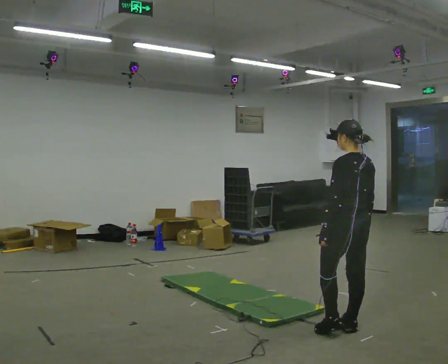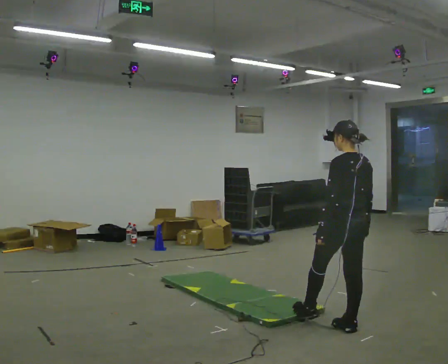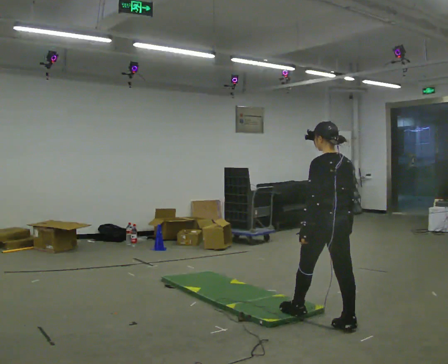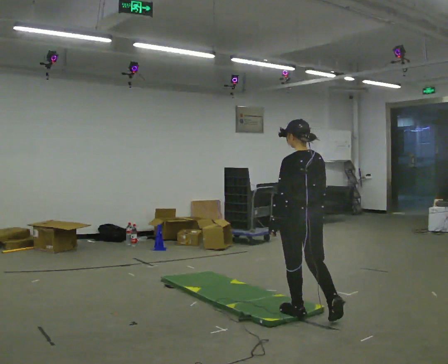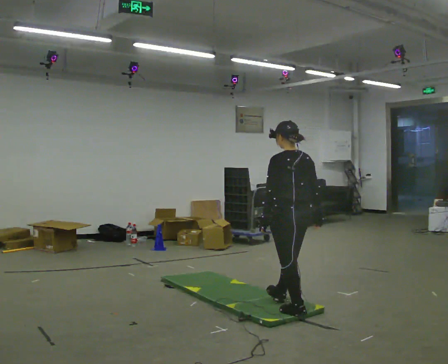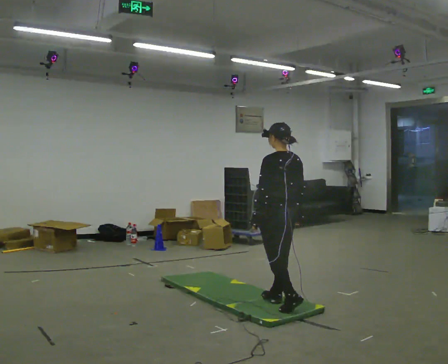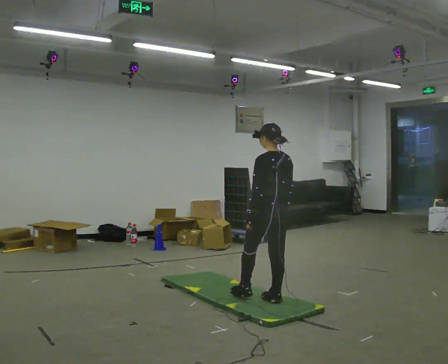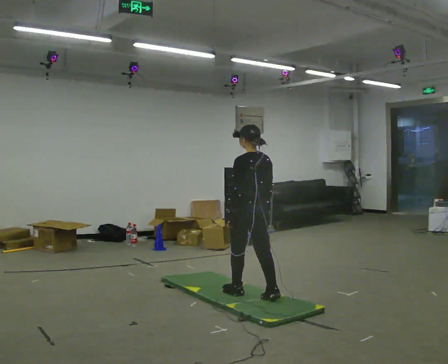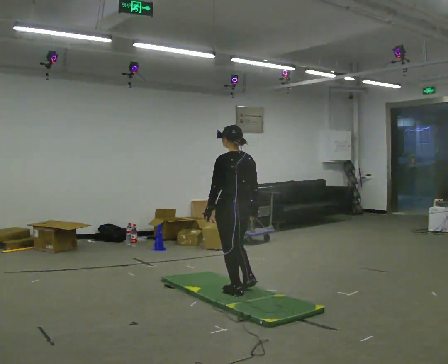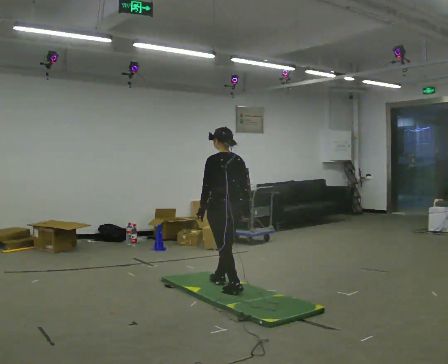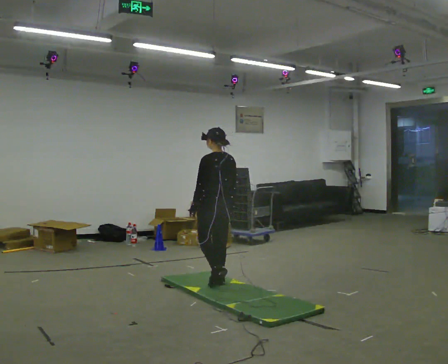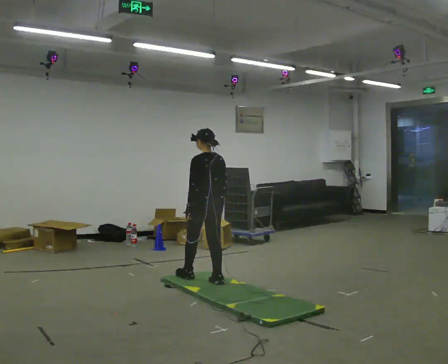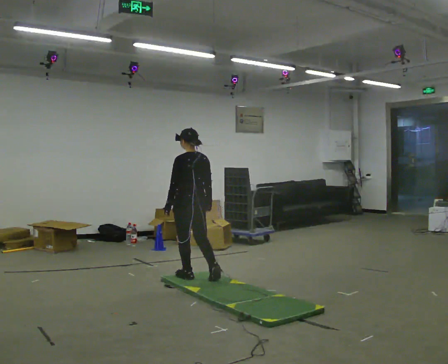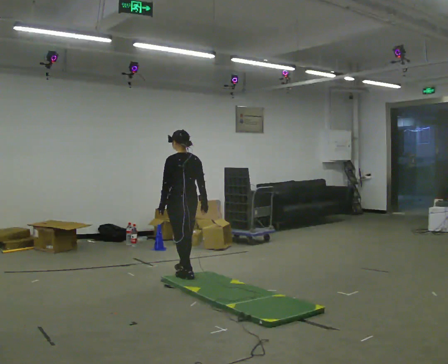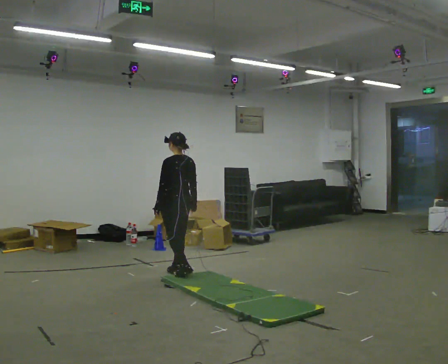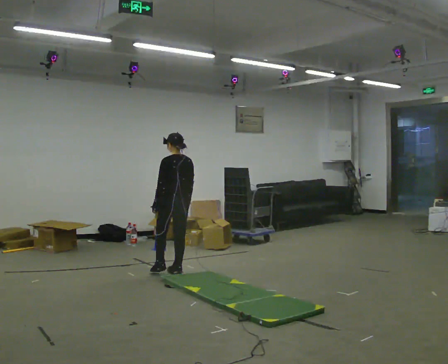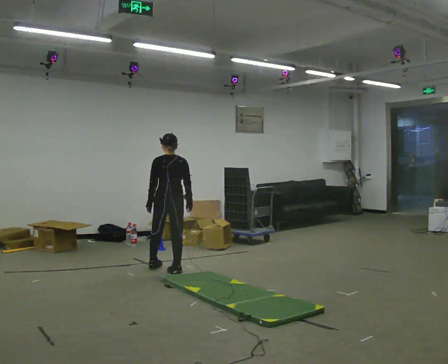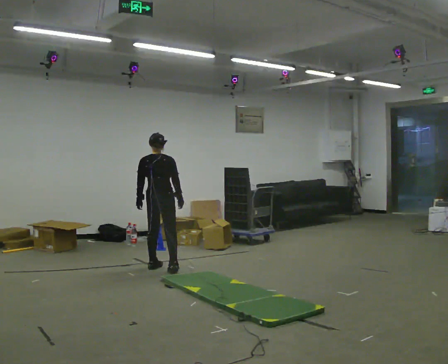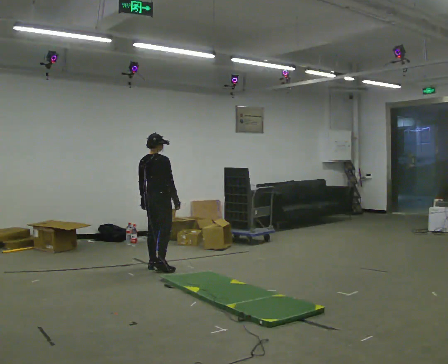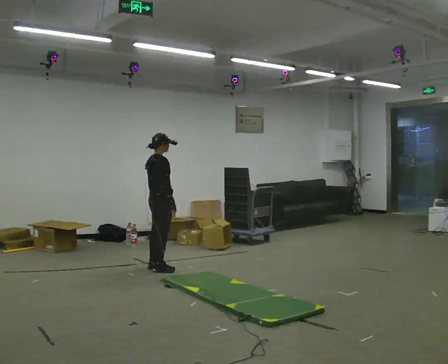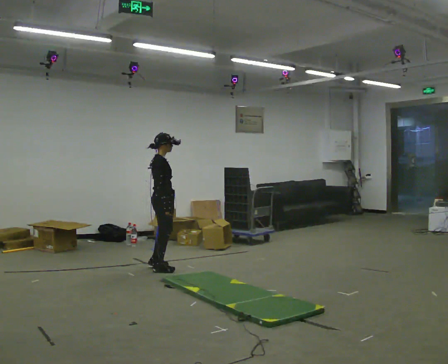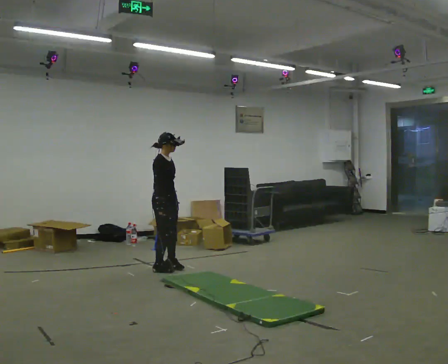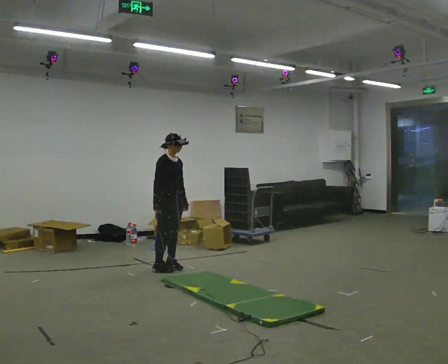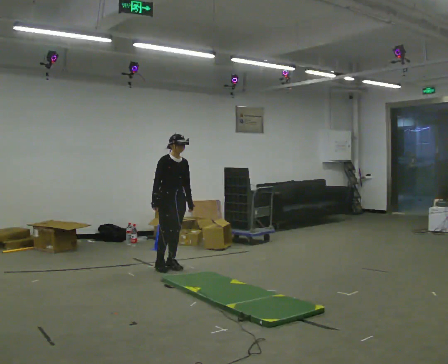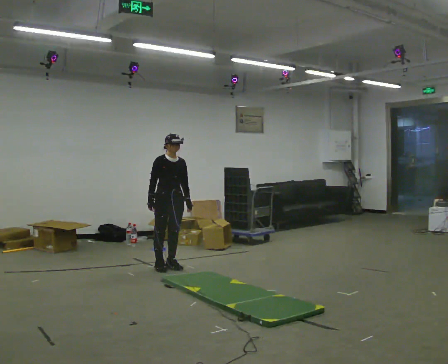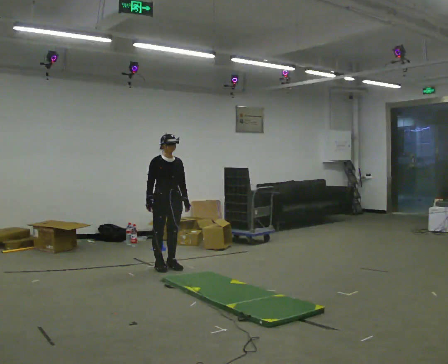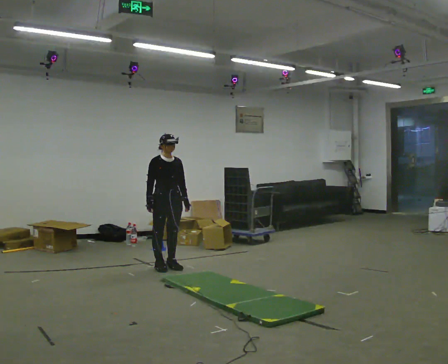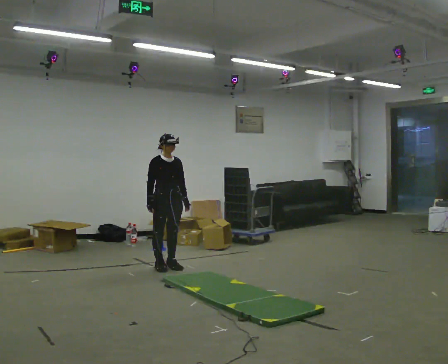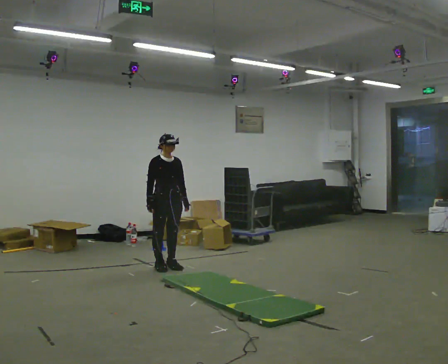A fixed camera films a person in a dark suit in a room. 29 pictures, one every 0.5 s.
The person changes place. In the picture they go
away from the camera.
0.0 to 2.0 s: In the picture they go away from the camera and to the left, about 0.5 m in 1 step, which for them is forward.
2.0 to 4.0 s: In the picture they go away from the camera and to the left, about 0.5 m in 2 steps, which for them is forward.
4.0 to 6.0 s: In the picture they go away from the camera and to the left, about 0.75 m in 2 steps, which for them is forward.
6.0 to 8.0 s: In the picture they go away from the camera and to the left, about 0.5 m in 2 steps, which for them is forward.
8.0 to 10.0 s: The person turns about 105 degrees to their right, clockwise seen from above, so the part of the body nearest the lens slides to the left.
10.0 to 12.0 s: The person turns about 60 degrees to their right, clockwise seen from above, so the part of the body nearest the lens slides to the left. In the picture they go away from the camera, about 0.25 m in 1 step.
12.0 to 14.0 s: The person moves a little, or ends about where they began.
The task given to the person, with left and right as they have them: Walk across the soft uneven mat at a comfortable speed; continue walking normally after you leave it.
The film runs forward here.
